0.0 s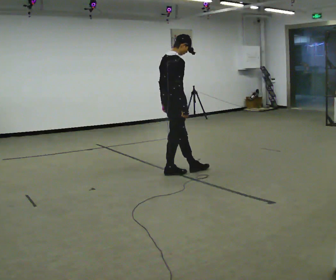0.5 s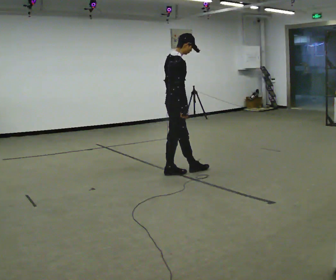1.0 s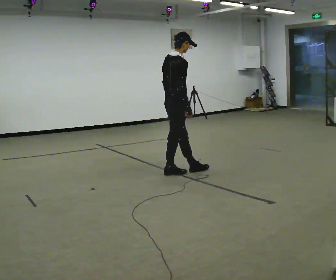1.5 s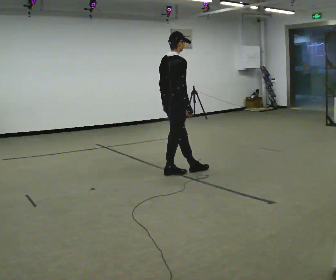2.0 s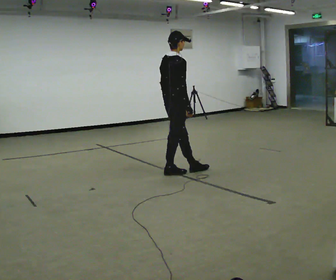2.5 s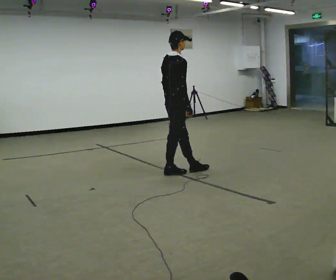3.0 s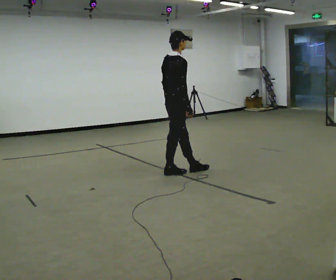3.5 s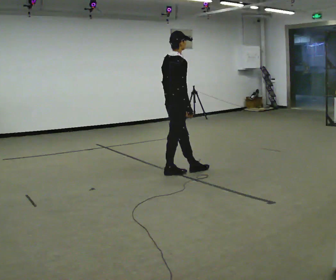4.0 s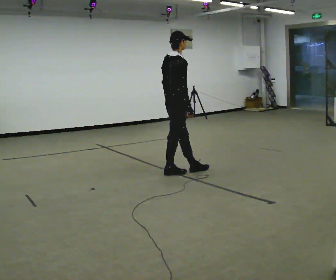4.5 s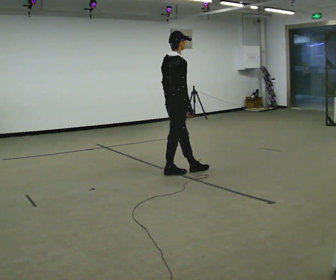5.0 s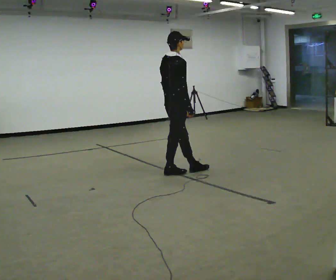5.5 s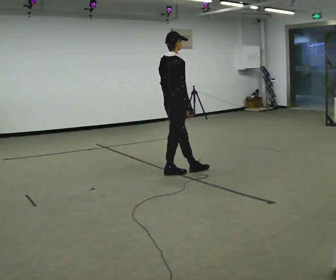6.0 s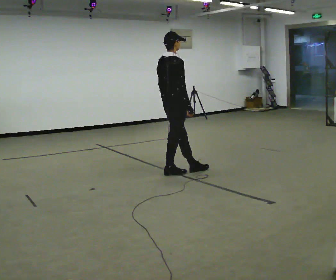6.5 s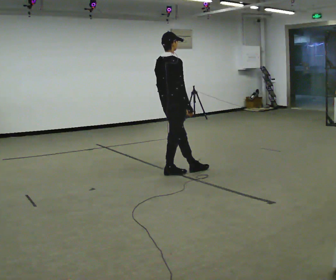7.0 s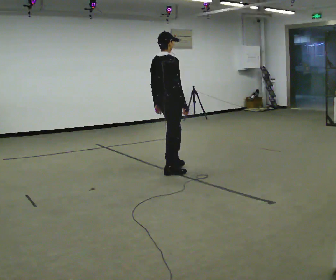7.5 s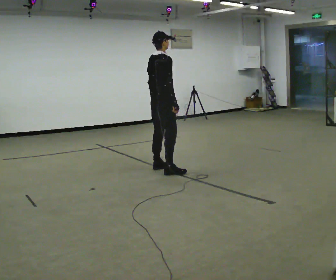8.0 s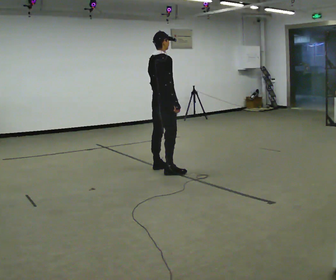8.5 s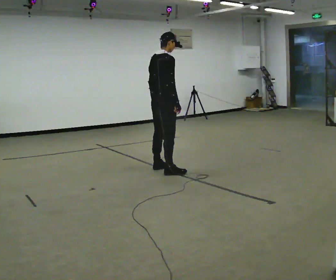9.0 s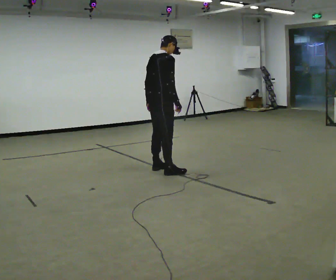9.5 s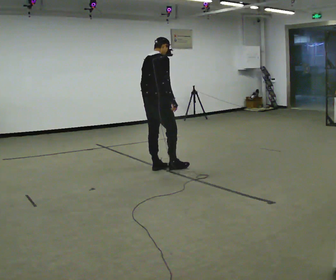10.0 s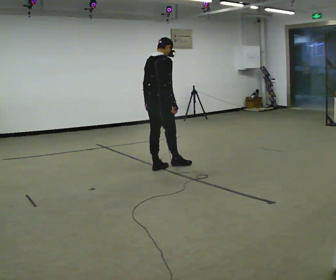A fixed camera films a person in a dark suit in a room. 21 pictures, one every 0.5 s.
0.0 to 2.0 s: The person moves a little, or ends about where they began.
2.0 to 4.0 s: The person keeps their place and pose.
4.0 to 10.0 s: In the picture they go away from the camera and to the left, about 0.25 m in 2 steps, which for them is to their left.
The film runs forward here.
